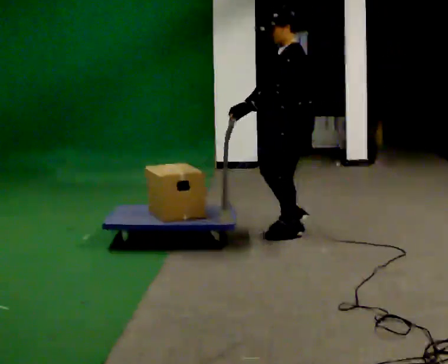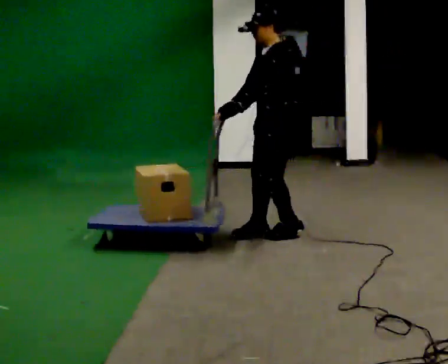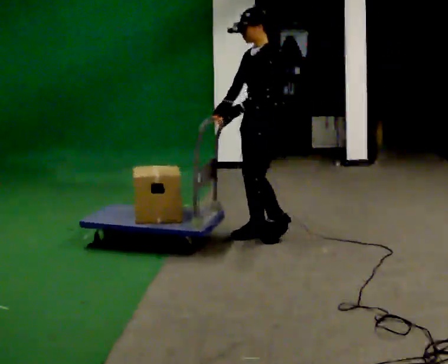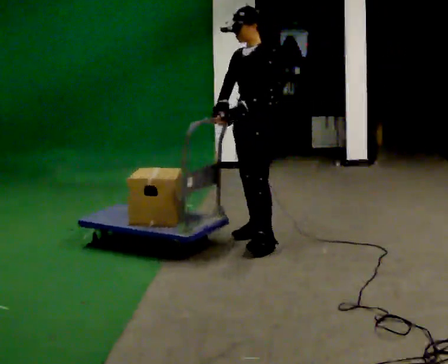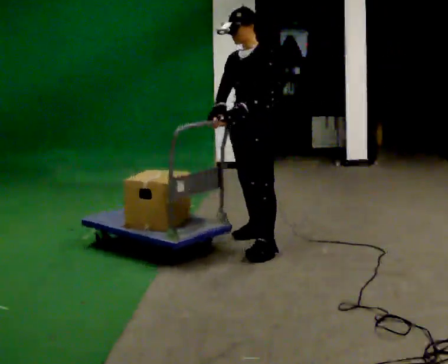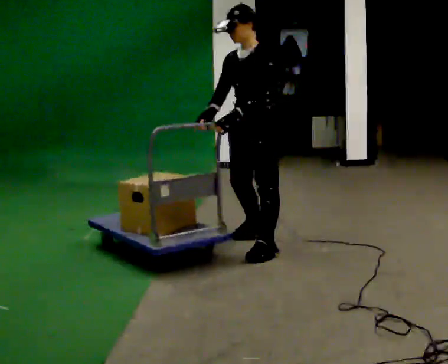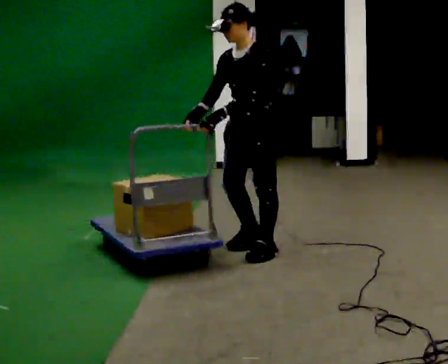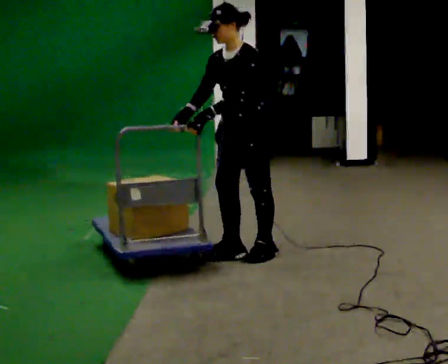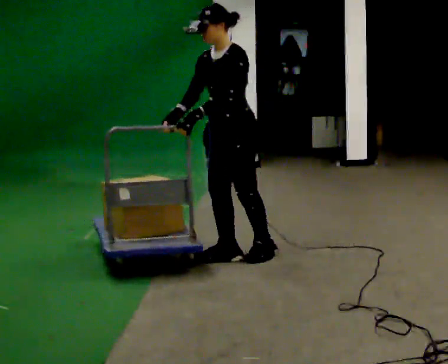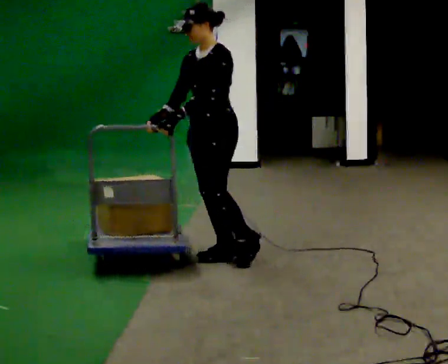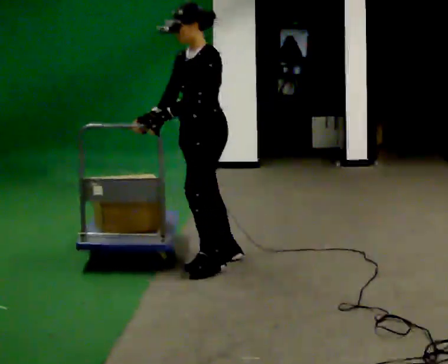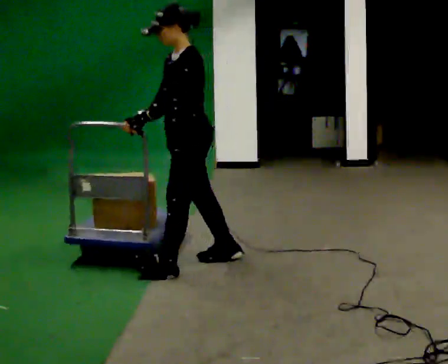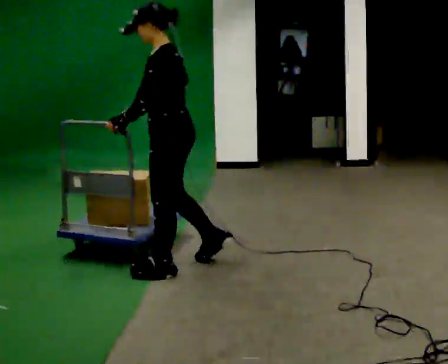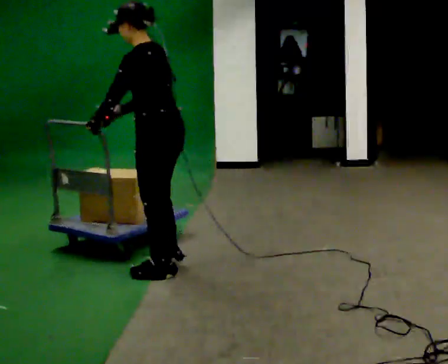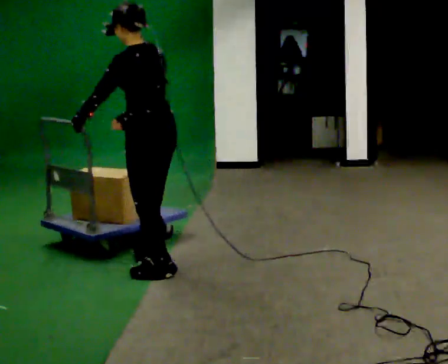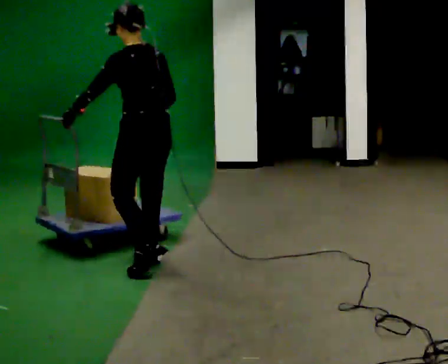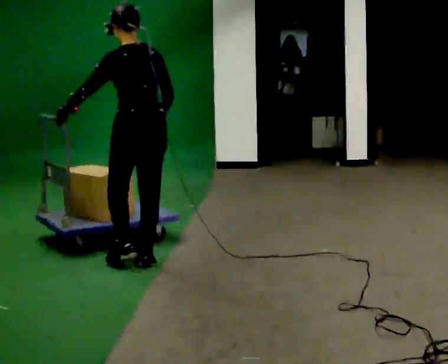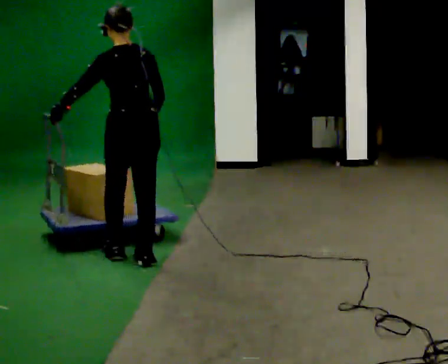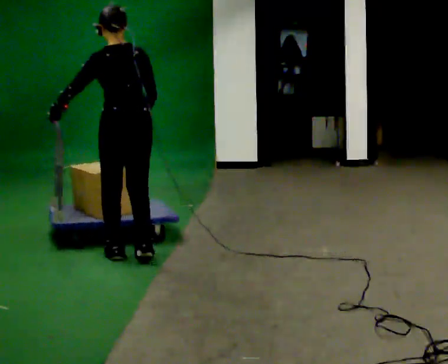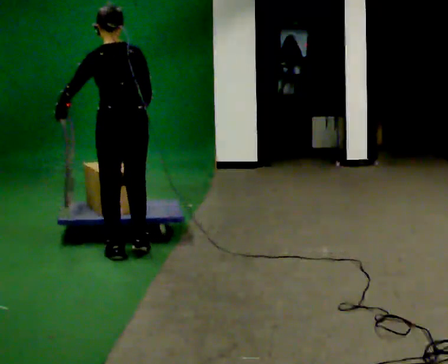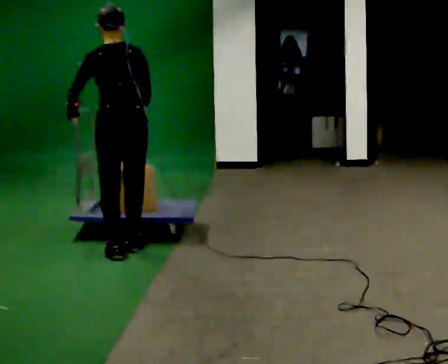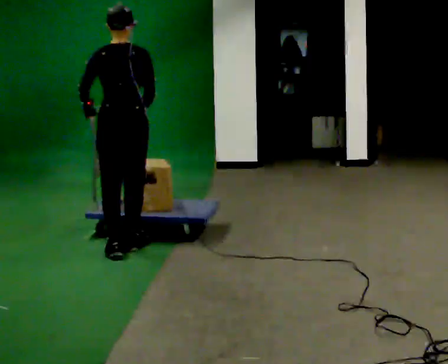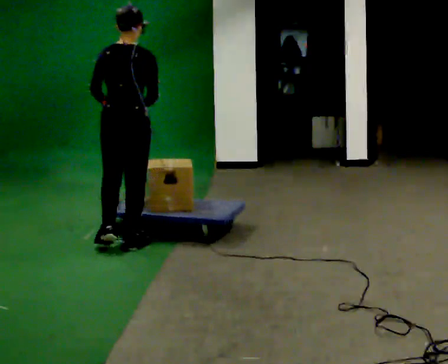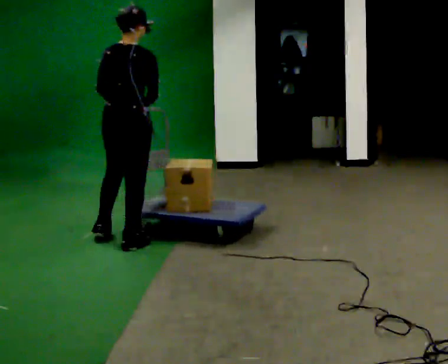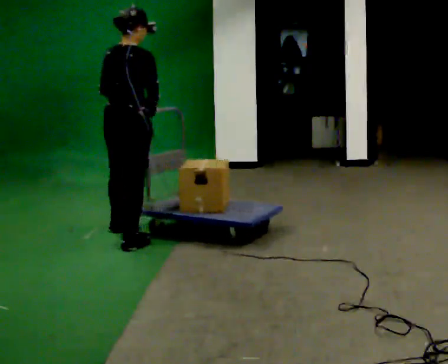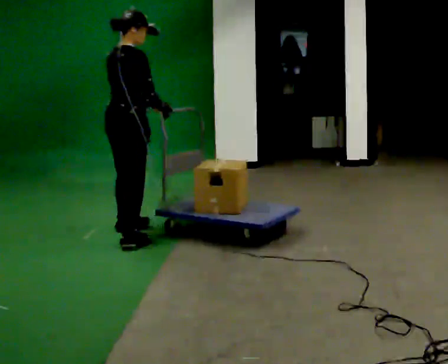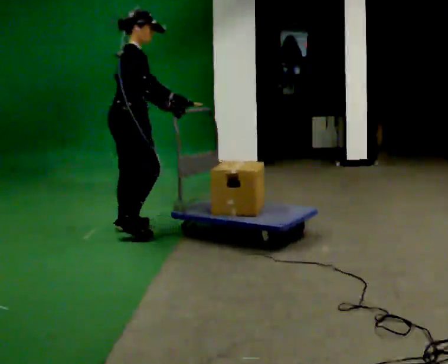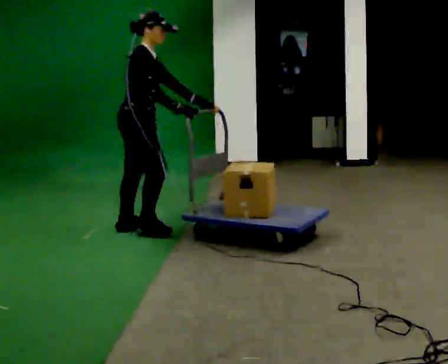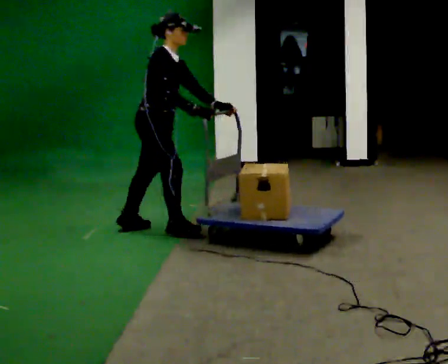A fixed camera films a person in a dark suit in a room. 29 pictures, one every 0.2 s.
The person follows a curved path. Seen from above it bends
clockwise.
0.0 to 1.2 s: The person turns about 30 degrees to their left, counterclockwise seen from above, so the part of the body nearest the lens slides to the right. In the picture they go to the left and toward the camera, about 0.5 m in 2 steps, which for them is forward.
1.2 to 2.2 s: The person turns about 30 degrees to their right, clockwise seen from above, so the part of the body nearest the lens slides to the left. In the picture they go to the left and toward the camera, about 0.5 m in 2 steps, which for them is forward.
2.2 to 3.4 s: Seen from above the body turns clockwise, about 75 degrees: to their right, with its near side sliding to the left. In the picture they go to the left and away from the camera, about 0.25 m in 2 steps.
3.4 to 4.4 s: The part of the body nearest the lens slides to the left as the person turns to their right by about 45 degrees. In the picture they go away from the camera, about 0.25 m in 1 step, which for them is forward.
4.4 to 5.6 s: The person turns about 90 degrees to their right, clockwise seen from above, so the part of the body nearest the lens slides to the left. In the picture they go away from the camera and to the right, about 0.5 m in 2 steps. In the picture the upper body tilts clockwise, shoulders to the right, as they bend forward.
The film runs forward here.
